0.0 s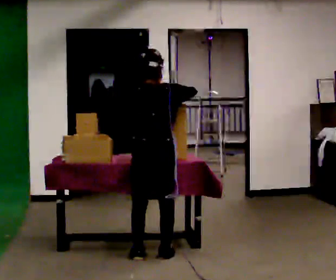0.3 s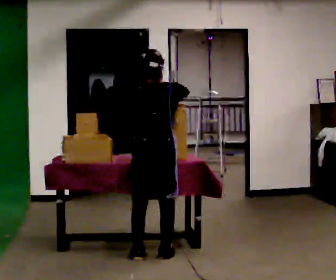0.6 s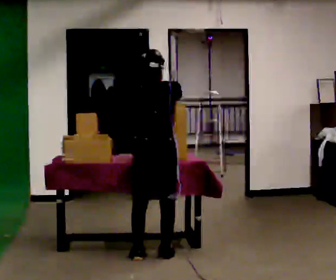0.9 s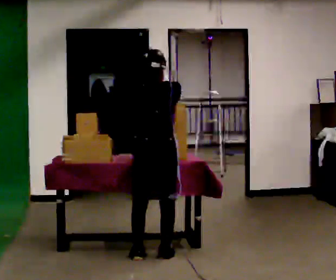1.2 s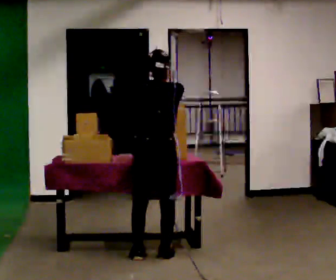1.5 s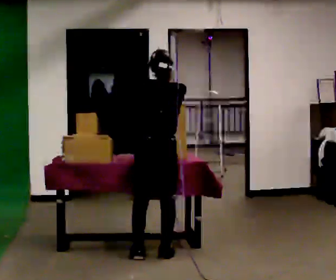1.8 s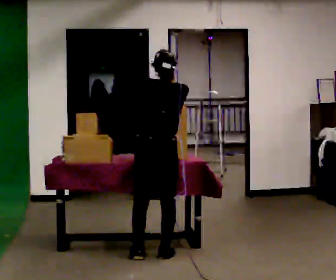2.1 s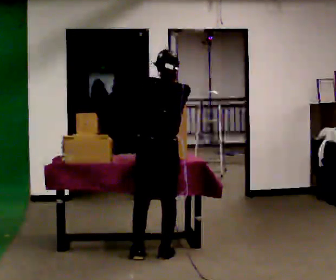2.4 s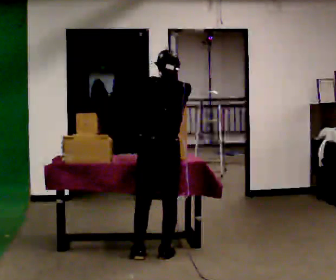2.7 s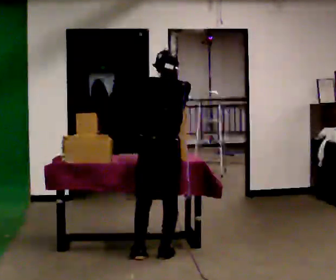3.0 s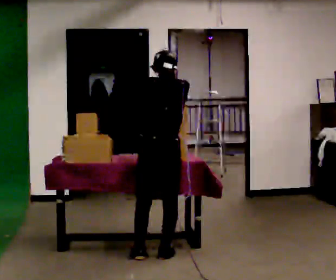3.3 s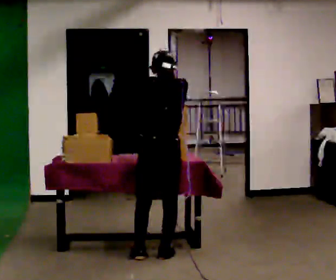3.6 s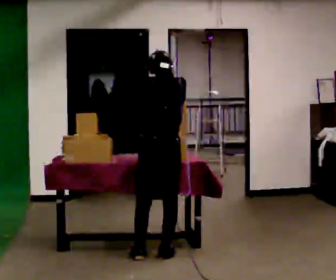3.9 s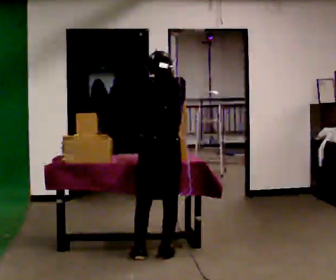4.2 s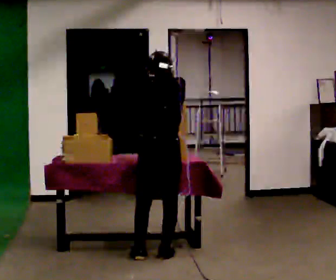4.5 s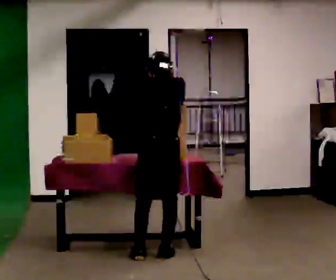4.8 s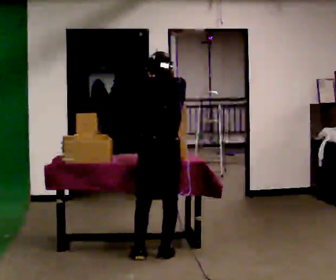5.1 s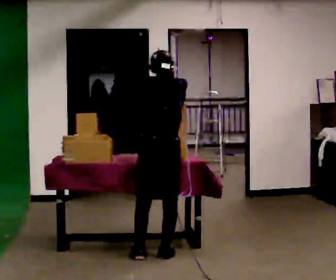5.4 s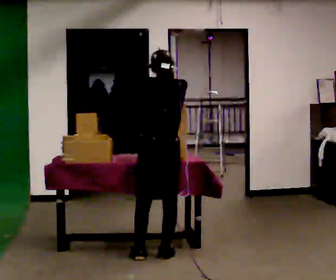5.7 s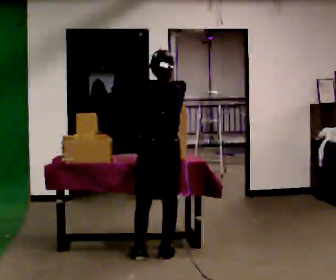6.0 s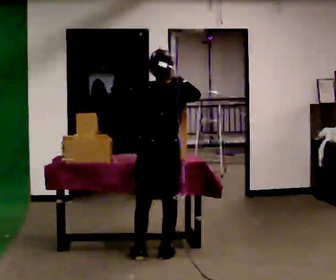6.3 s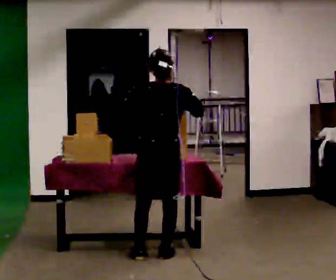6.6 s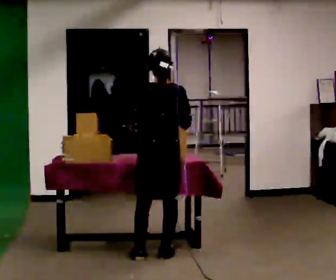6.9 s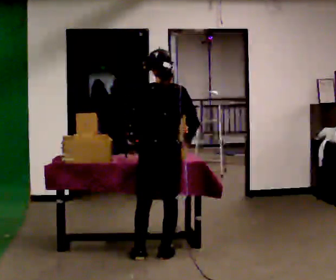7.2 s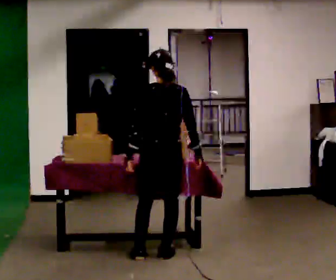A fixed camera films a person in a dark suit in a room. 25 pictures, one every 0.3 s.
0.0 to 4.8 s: The person moves a little, or ends about where they began.
4.8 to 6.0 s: In the picture their left hand goes upward.
6.0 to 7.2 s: In the picture their left hand goes downward.
The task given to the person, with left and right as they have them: Move the items from one container to the other one at a time, then move them back. Repeat at your own pace until the operator says stop. Keep both feet on the marked spots for the whole take. If you have to step, stop and tell the operator.
The film runs forward here.
